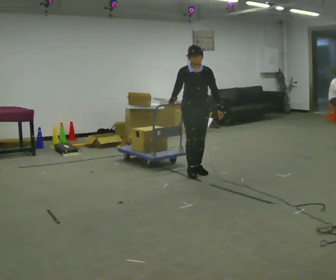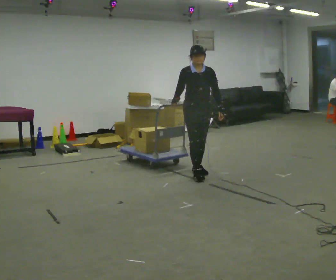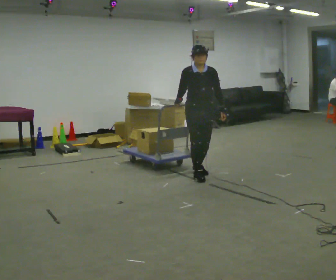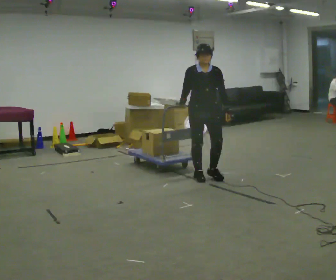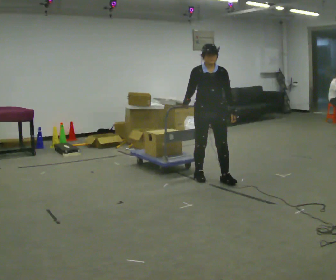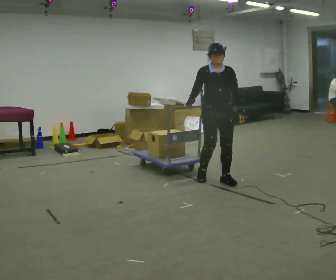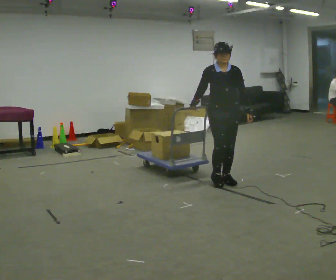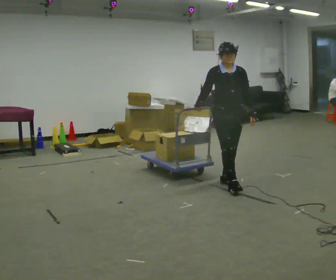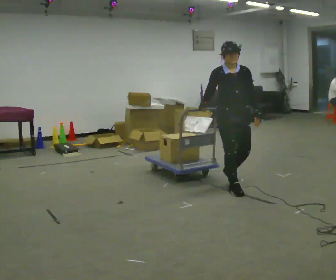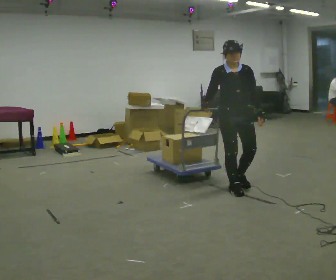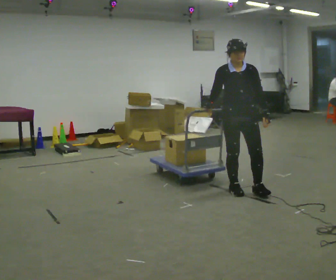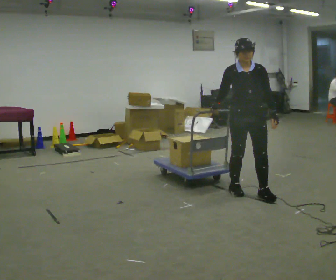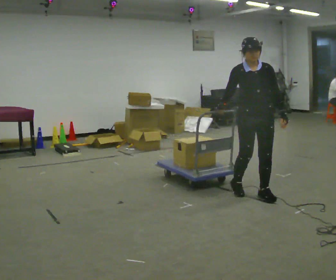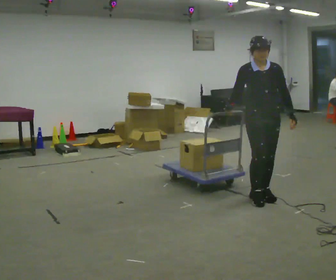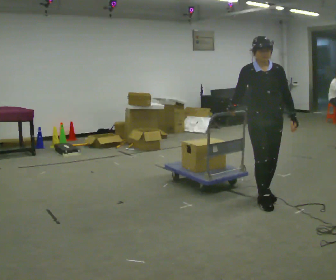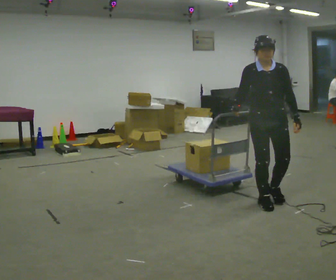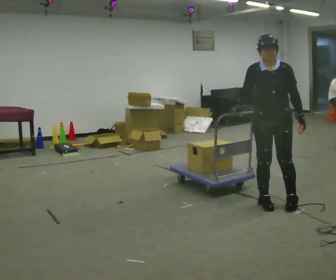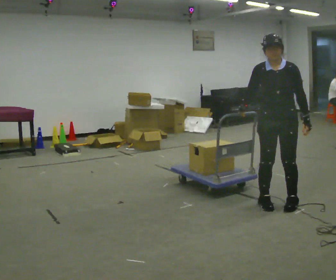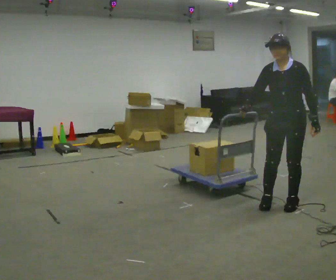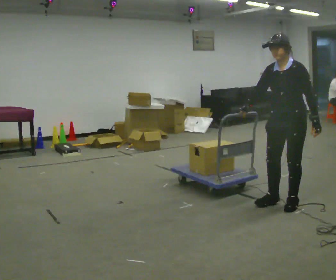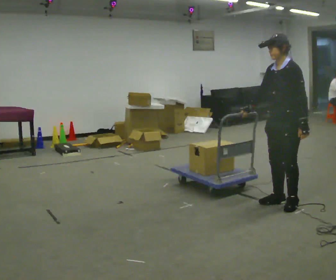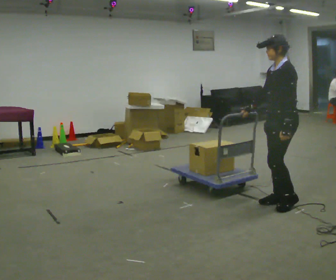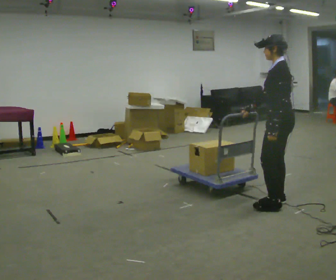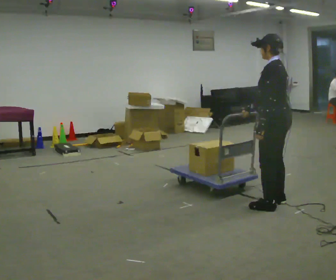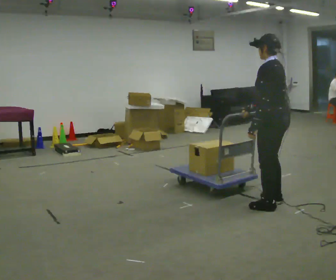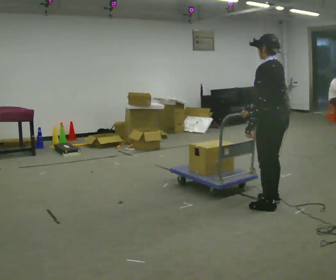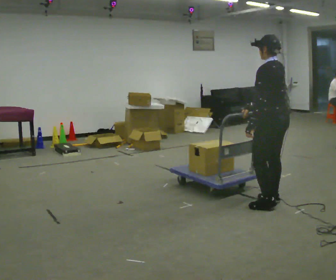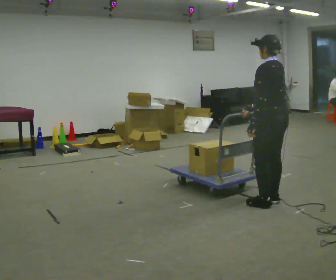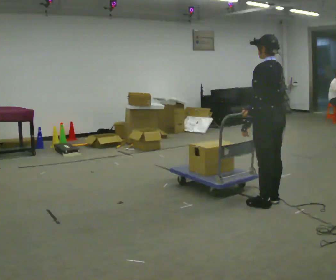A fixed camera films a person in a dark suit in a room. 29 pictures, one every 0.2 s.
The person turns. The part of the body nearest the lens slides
to the left.
The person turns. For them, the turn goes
to their right.
0.0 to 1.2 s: In the picture they go to the right and toward the camera, about 0.5 m in 2 steps, which for them is forward and to their left.
1.2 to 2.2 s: In the picture they go toward the camera and to the right, about 0.5 m in 2 steps, which for them is forward.
2.2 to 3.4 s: In the picture they go to the right and toward the camera, about 0.5 m in 2 steps, which for them is forward and to their left.
3.4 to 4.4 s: The person turns about 90 degrees to their right, clockwise seen from above, so the part of the body nearest the lens slides to the left.
4.4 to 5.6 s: The person turns about 30 degrees to their right, clockwise seen from above, so the part of the body nearest the lens slides to the left.
The film runs forward here.
